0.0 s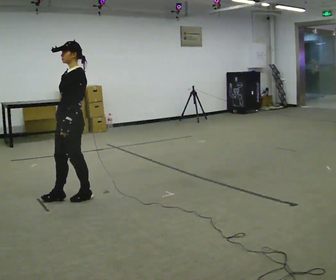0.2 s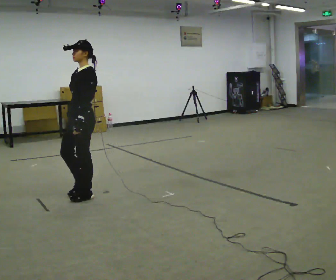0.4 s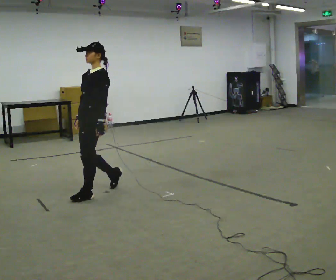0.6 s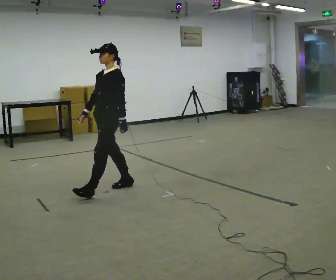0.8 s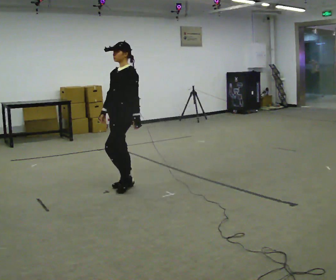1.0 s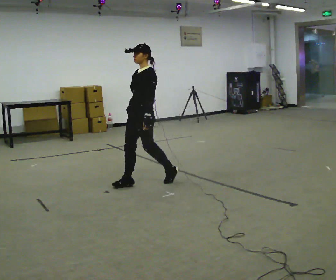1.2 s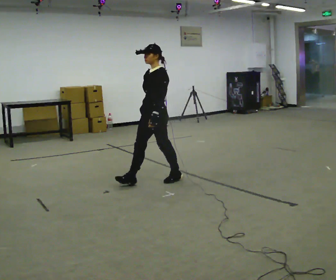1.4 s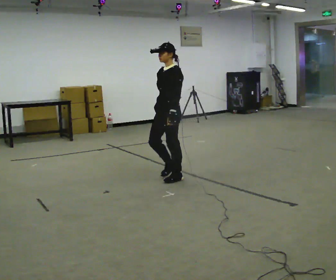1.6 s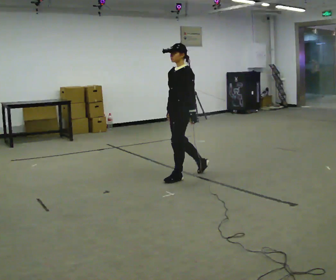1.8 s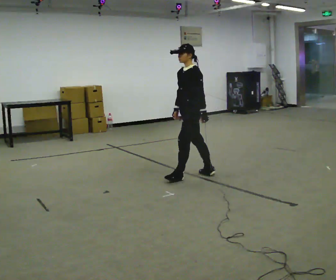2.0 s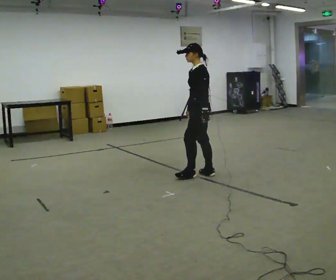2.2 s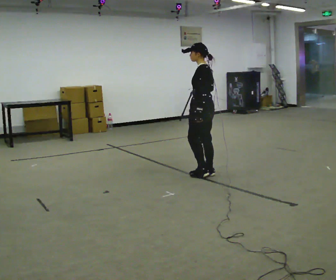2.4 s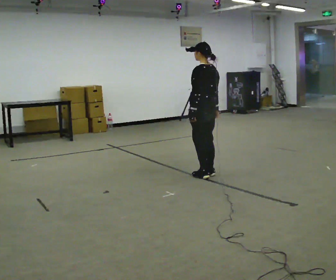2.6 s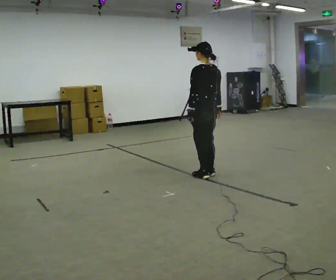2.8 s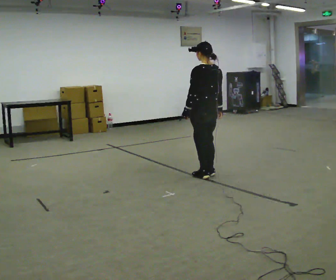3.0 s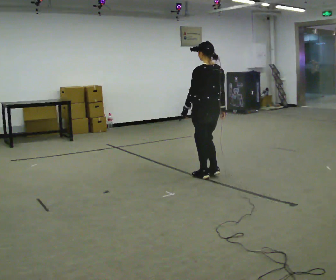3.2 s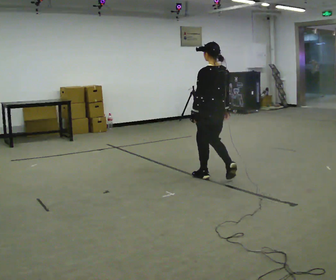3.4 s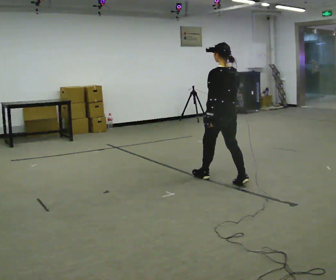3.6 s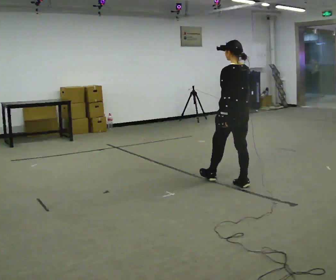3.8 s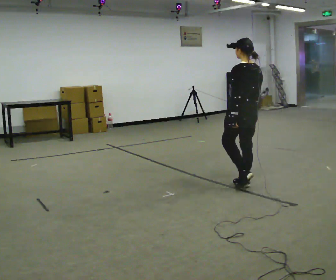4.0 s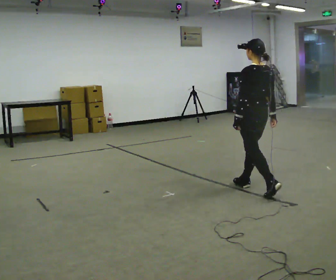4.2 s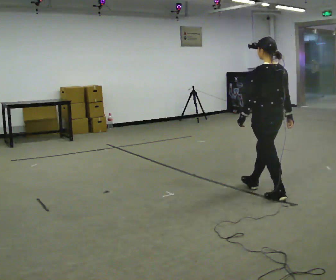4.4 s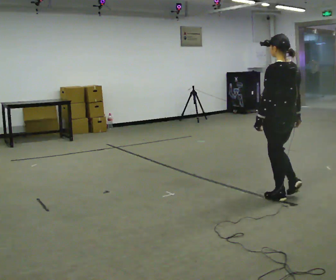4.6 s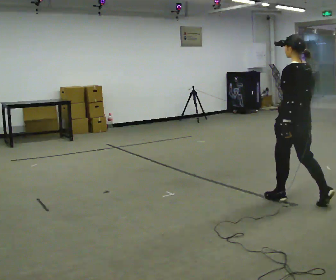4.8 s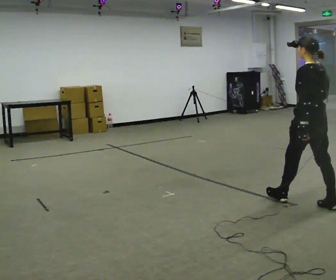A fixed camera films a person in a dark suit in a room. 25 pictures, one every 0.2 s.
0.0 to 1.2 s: In the picture they go to the right and away from the camera, about 1 m in 3 steps, which for them is backward.
1.2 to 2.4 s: The part of the body nearest the lens slides to the left as the person turns to their right by about 60 degrees. In the picture they go to the right and away from the camera, about 0.5 m in 1 step.
2.4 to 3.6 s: In the picture they go toward the camera and to the right, about 0.5 m in 2 steps, which for them is backward.
3.6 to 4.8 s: In the picture they go toward the camera and to the right, about 1 m in 2 steps, which for them is backward.
The film runs backward here.
